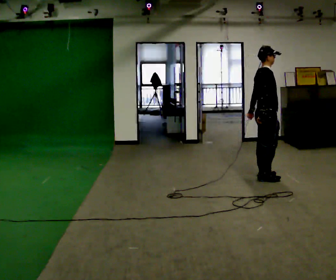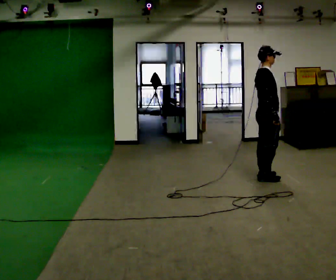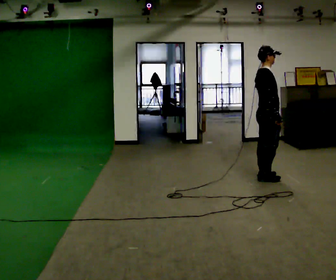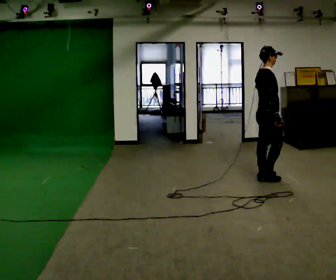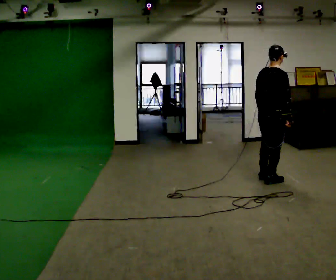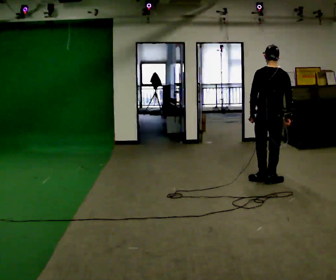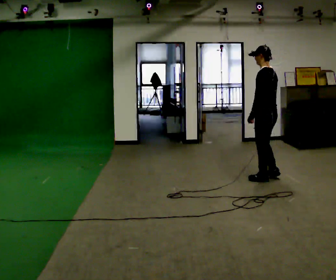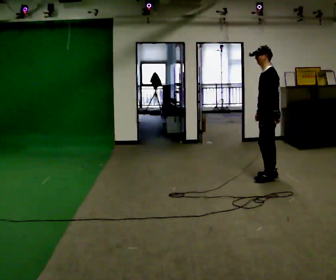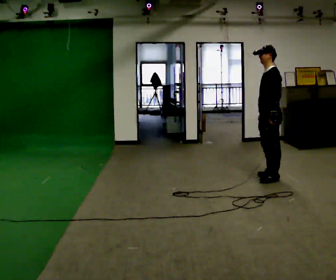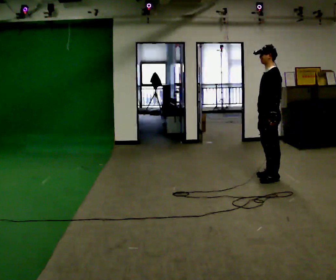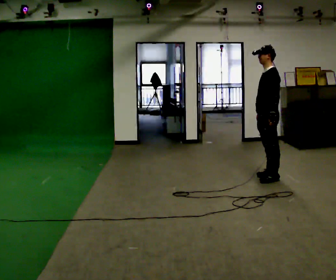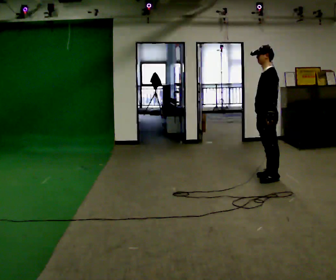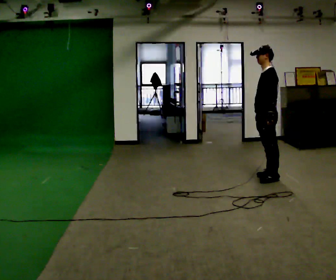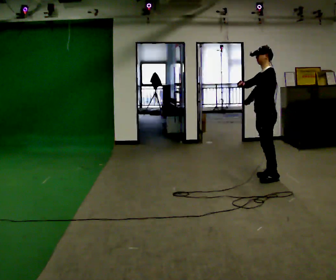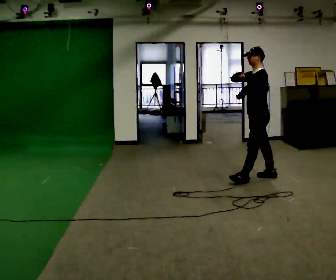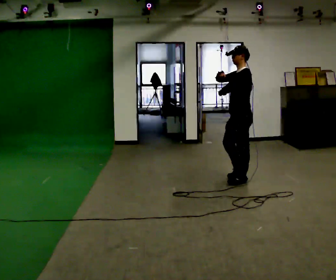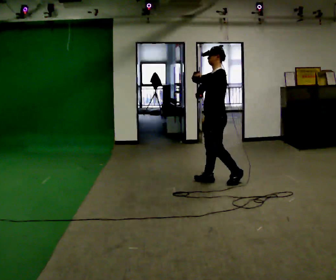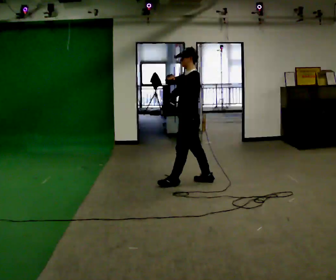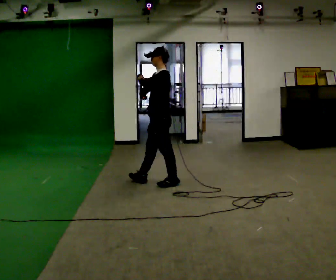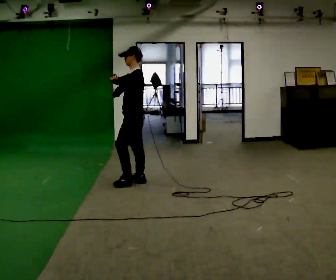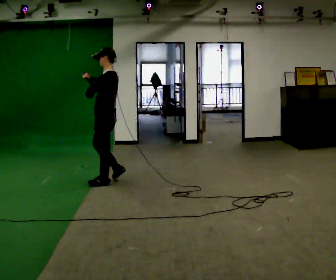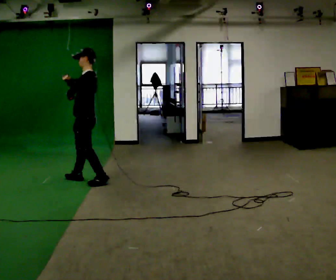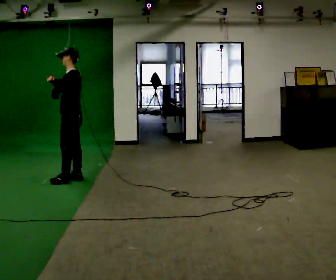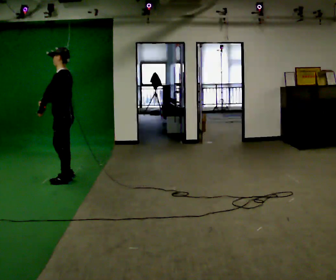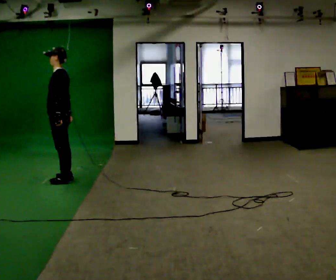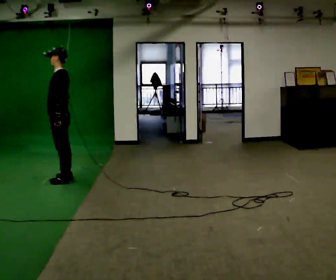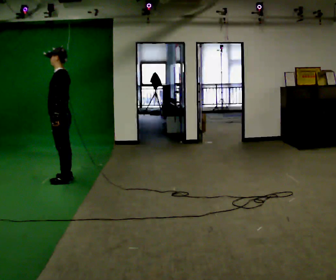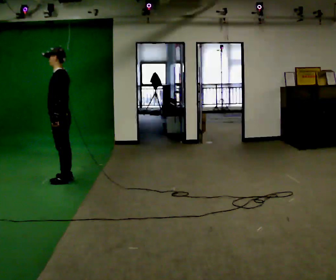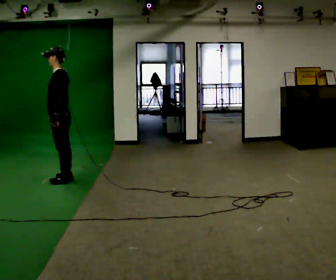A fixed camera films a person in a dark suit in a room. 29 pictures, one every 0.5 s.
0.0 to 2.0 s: The person turns about 30 degrees to their left, counterclockwise seen from above, so the part of the body nearest the lens slides to the right. In the picture they go toward the camera, about 0.25 m, which for them is to their right. In the picture their right hand goes to the right.
2.0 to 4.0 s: The part of the body nearest the lens slides to the right as the person turns to their left by about 150 degrees.
4.0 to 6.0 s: The person moves a little, or ends about where they began.
6.0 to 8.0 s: In the picture they go to the left, about 0.75 m in 2 steps, which for them is forward. In the picture their right hand goes upward.
8.0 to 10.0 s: In the picture they go to the left, about 1.5 m in 3 steps, which for them is forward.
10.0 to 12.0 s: In the picture they go to the left, about 0.5 m in 2 steps, which for them is forward. In the picture their right hand goes downward.
12.0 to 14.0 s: The person moves a little, or ends about where they began.
The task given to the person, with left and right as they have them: Walk normally but hold both hands together in front of you at chest height; do not swing your arms; stop.
The film runs forward here.
